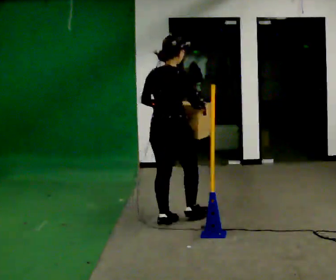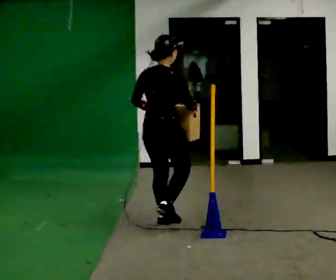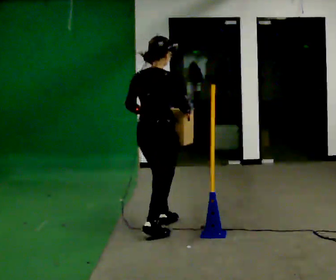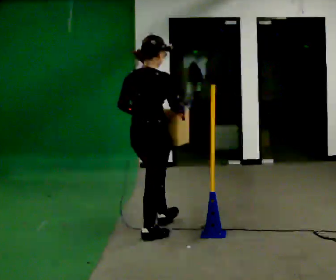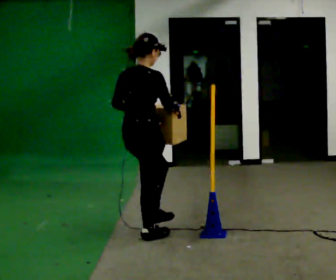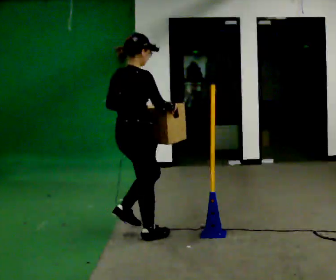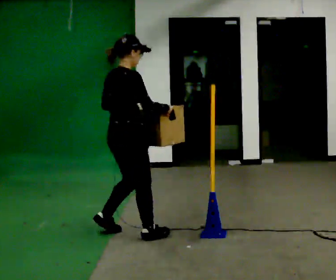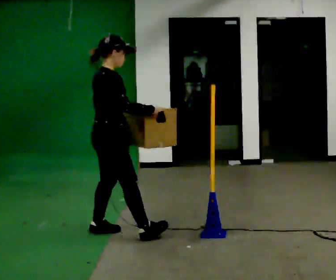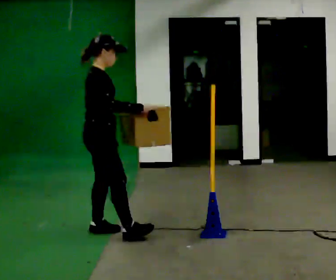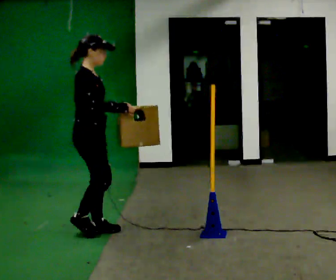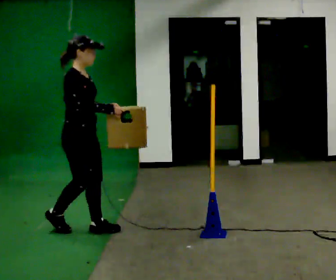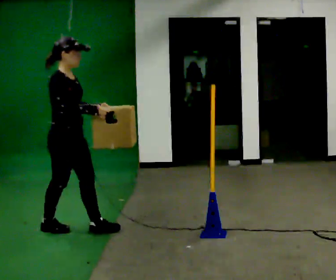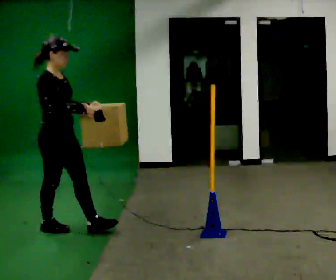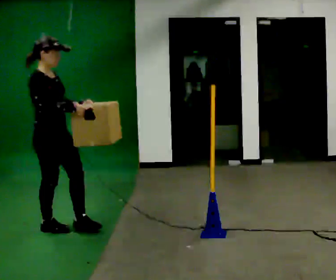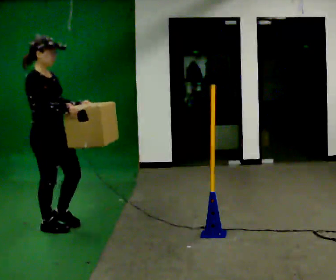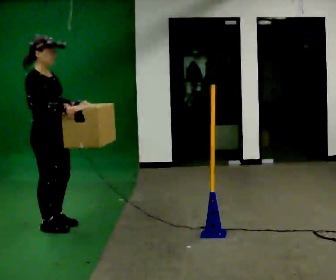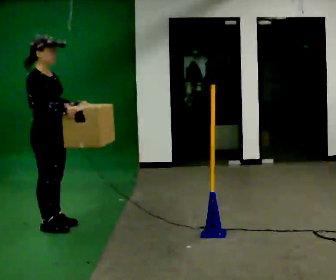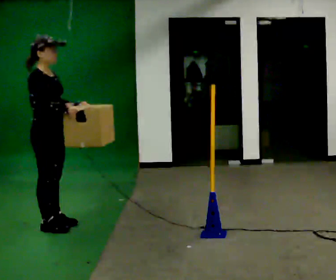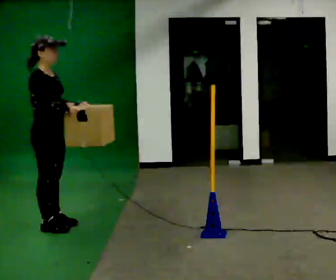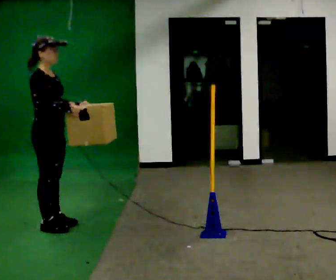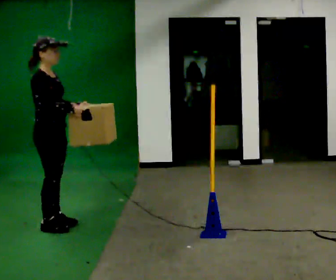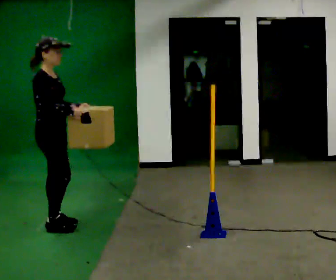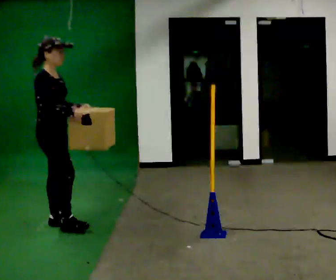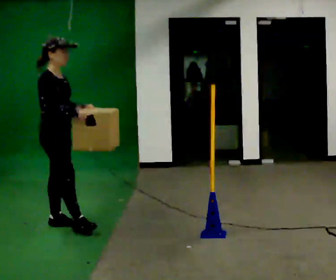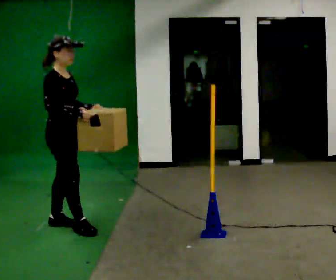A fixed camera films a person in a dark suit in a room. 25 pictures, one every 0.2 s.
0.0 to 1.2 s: In the picture they go to the left and toward the camera, about 0.5 m in 1 step, which for them is backward.
1.2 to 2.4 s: Seen from above the body turns clockwise, about 45 degrees: to their right, with its near side sliding to the left. In the picture they go to the left and away from the camera, about 0.5 m in 1 step, which for them is backward.
2.4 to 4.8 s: The person moves a little, or ends about where they began.
The film runs backward here.
